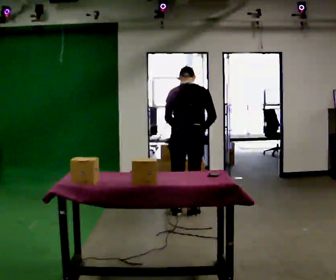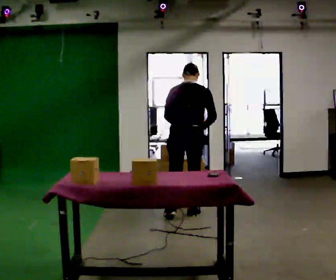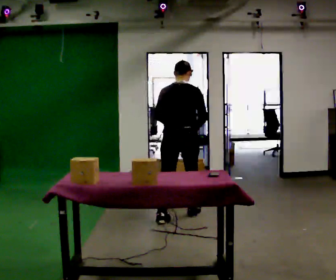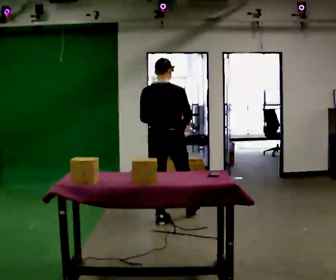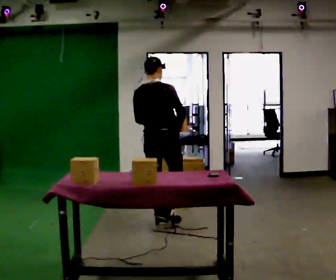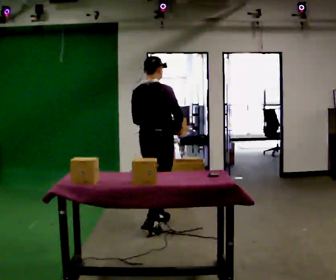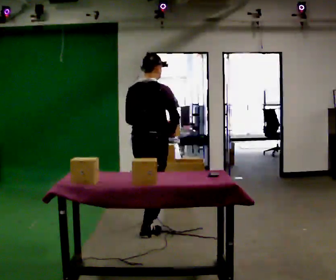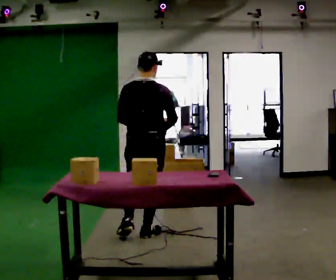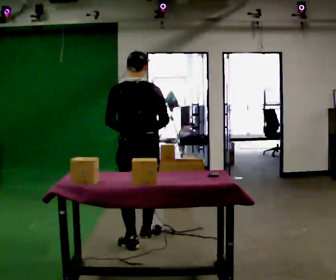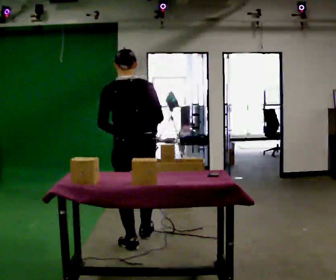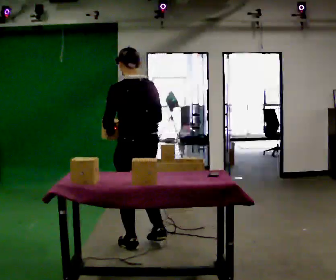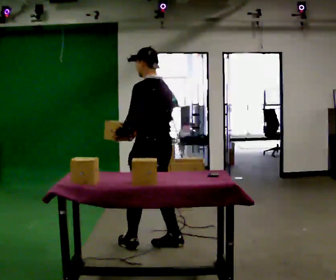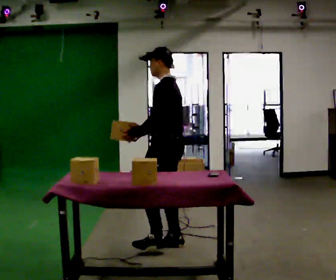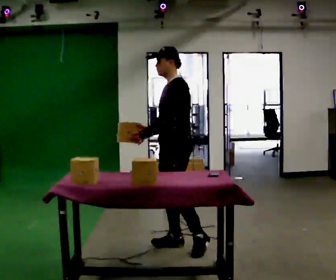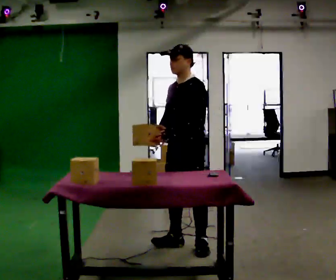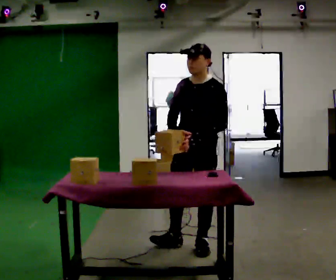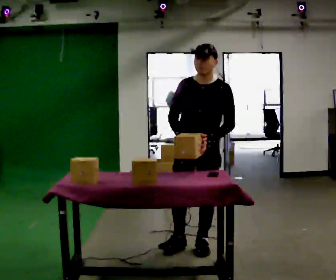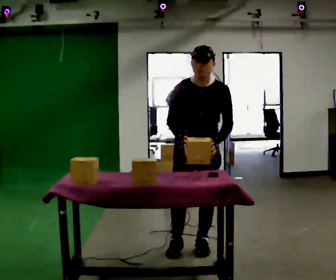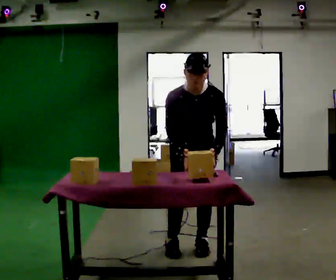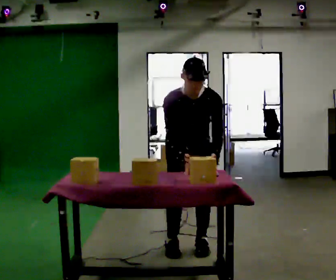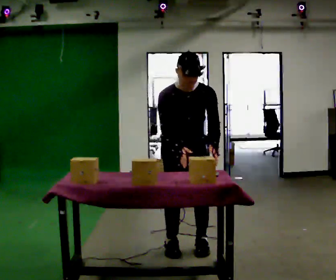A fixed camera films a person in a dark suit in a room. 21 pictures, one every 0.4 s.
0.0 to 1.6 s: In the picture they go toward the camera and to the left, about 0.5 m in 2 steps, which for them is backward and to their left. The upper body tips toward the camera, its near side rolling downward, as they lean back or straighten.
1.6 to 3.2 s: The part of the body nearest the lens slides to the right as the person turns to their left by about 30 degrees. In the picture they go toward the camera, about 0.5 m in 1 step, which for them is backward.
3.2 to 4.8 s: The part of the body nearest the lens slides to the right as the person turns to their left by about 75 degrees. In the picture they go to the right and toward the camera, about 0.25 m in 2 steps.
4.8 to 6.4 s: Seen from above the body turns counterclockwise, about 90 degrees: to their left, with its near side sliding to the right. In the picture they go to the right, about 0.25 m.
6.4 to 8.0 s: The part of the body nearest the lens slides to the right as the person turns to their left by about 30 degrees.
The film runs backward here.
